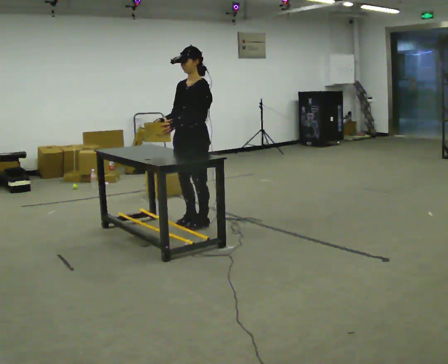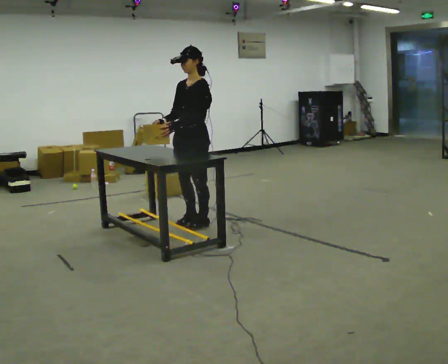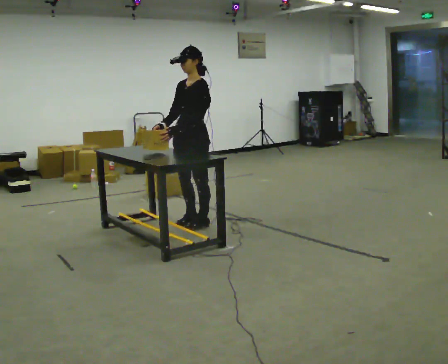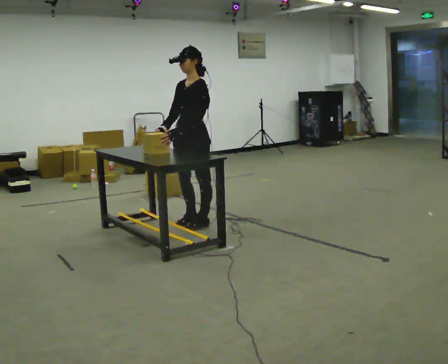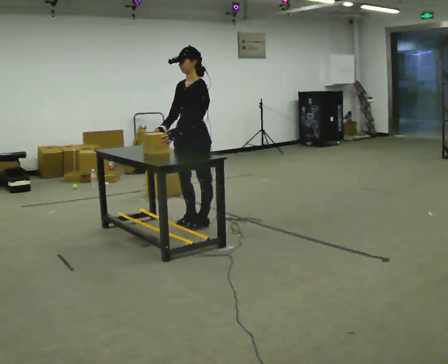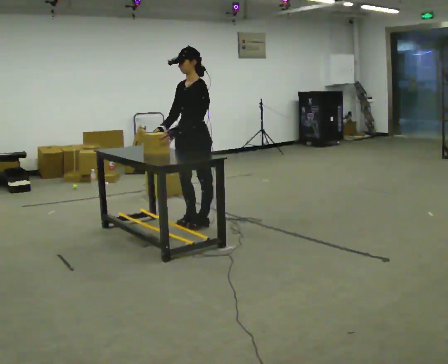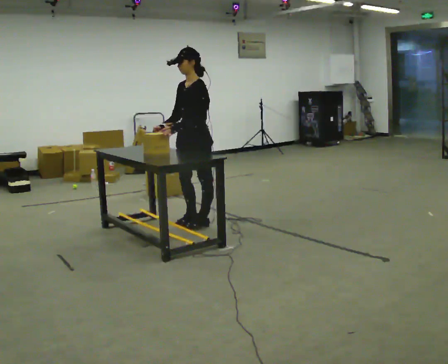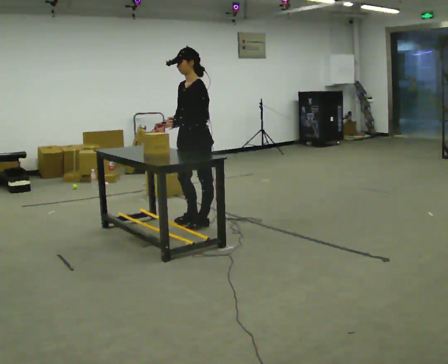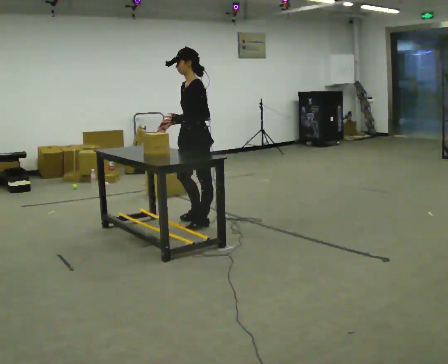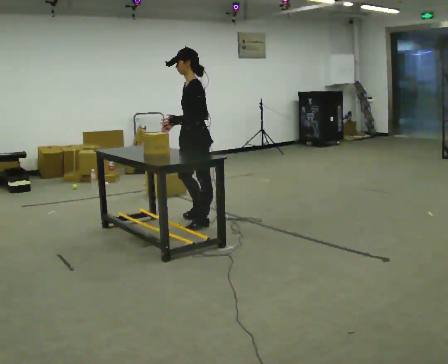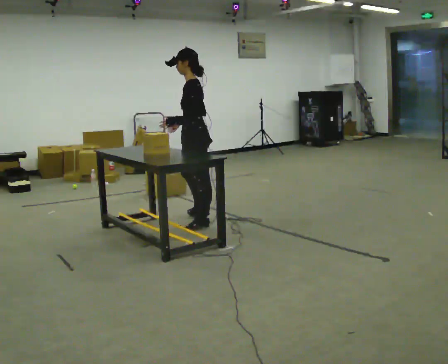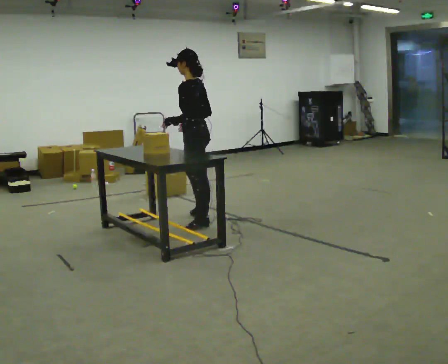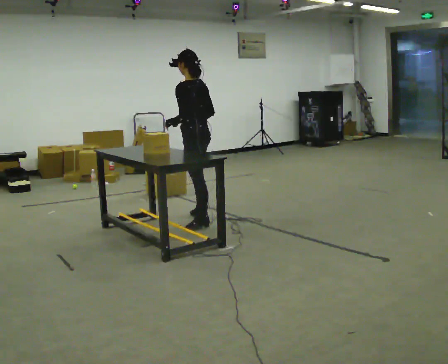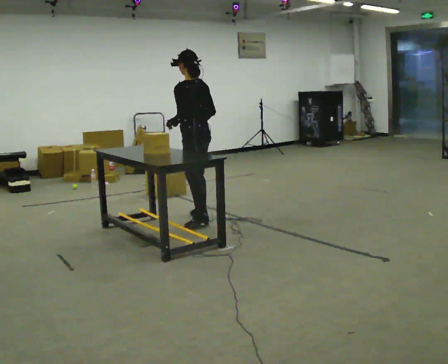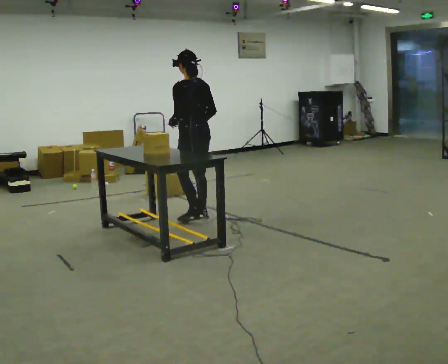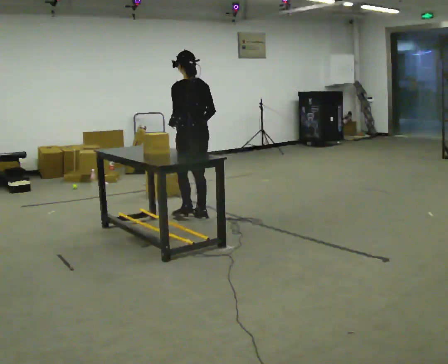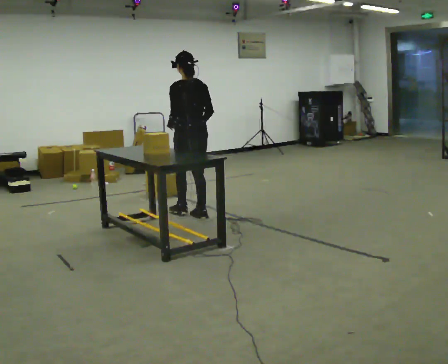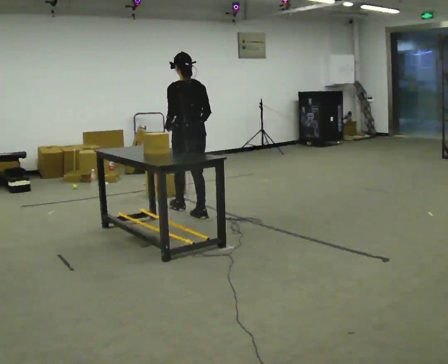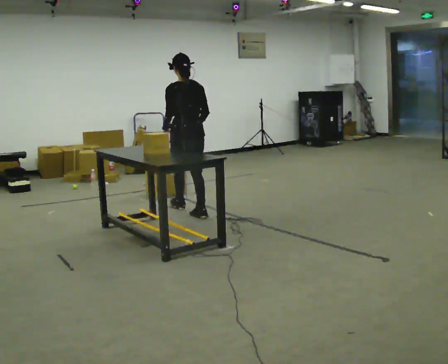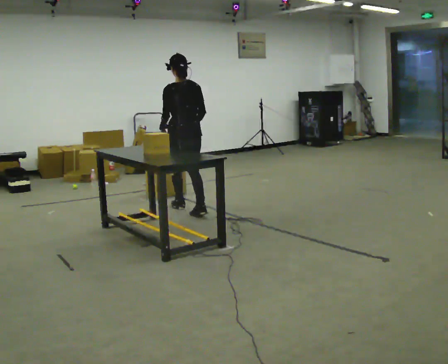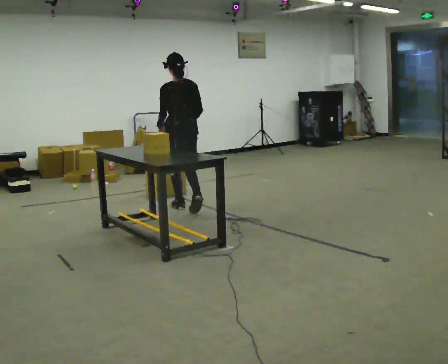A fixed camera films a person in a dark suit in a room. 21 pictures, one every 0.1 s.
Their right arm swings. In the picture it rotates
counterclockwise.
The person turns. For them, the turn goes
to their right.
0.0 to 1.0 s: Seen from above the body turns clockwise, about 45 degrees: to their right, with its near side sliding to the left.
1.0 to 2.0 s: The person turns about 75 degrees to their right, clockwise seen from above, so the part of the body nearest the lens slides to the left. In the picture they go away from the camera, about 0.5 m in 1 step.
The film runs forward here.
